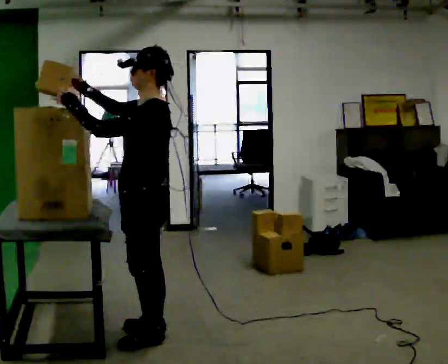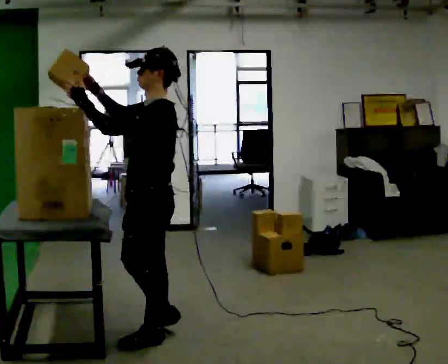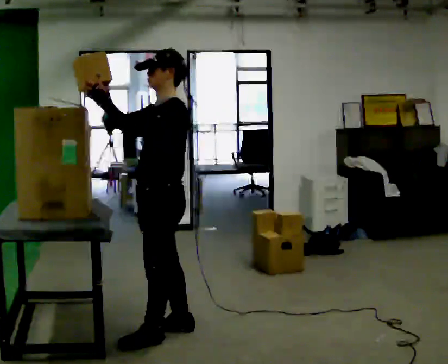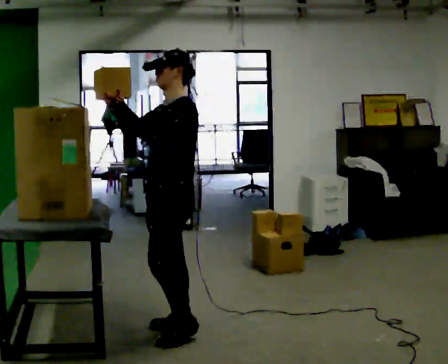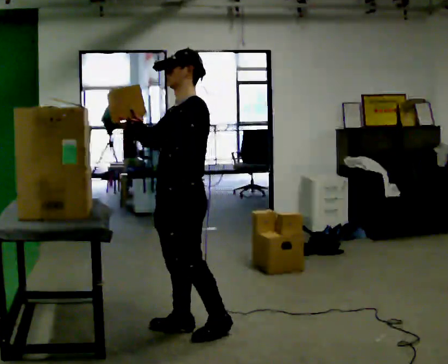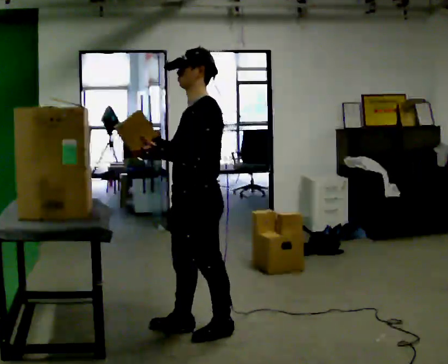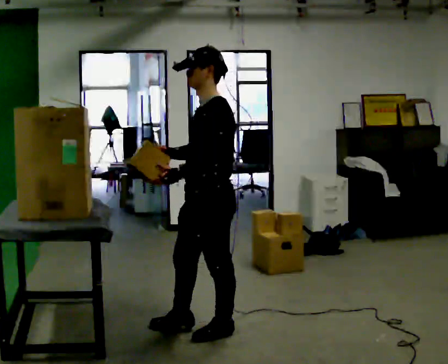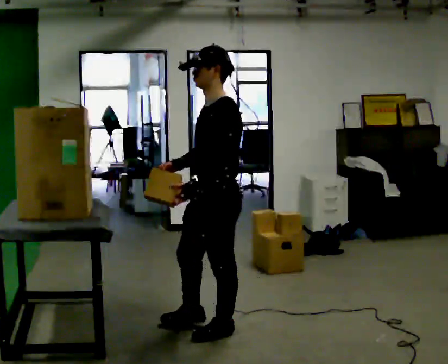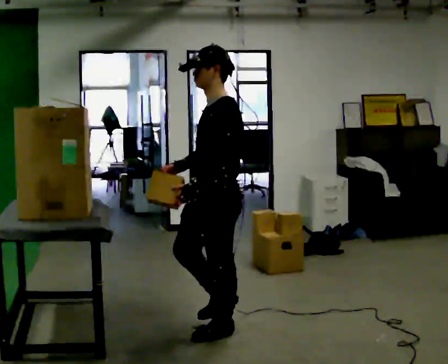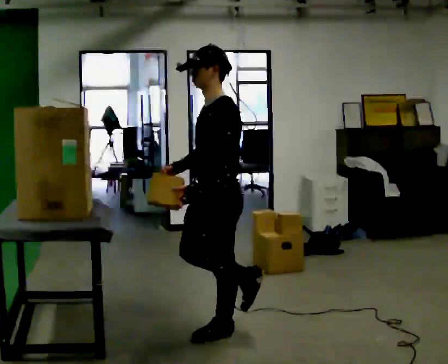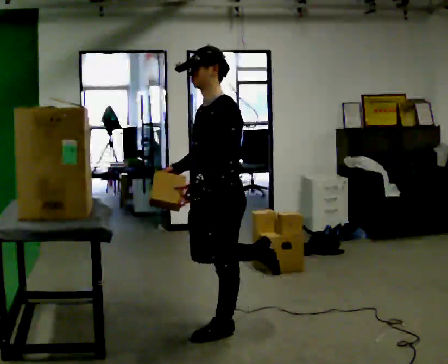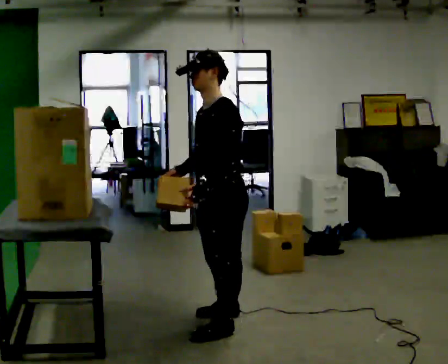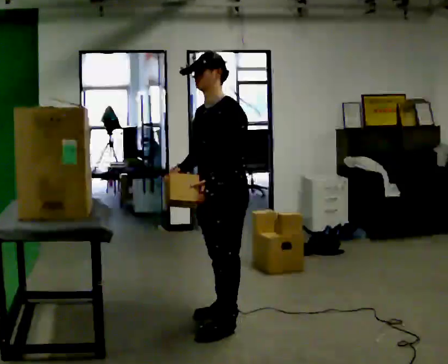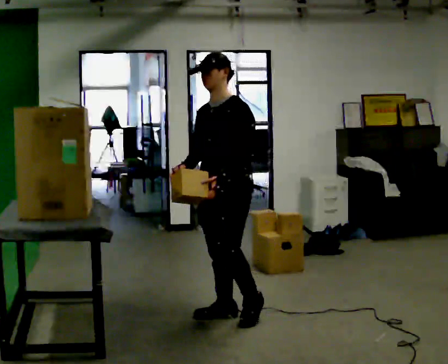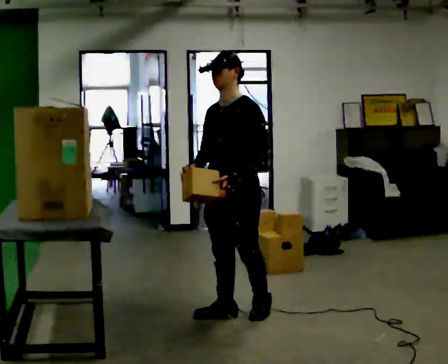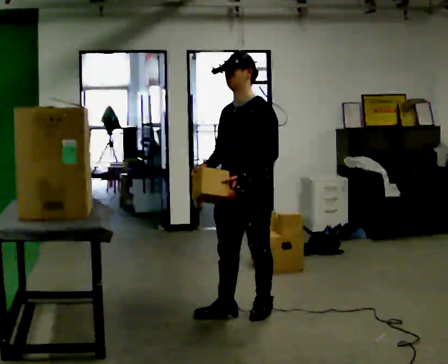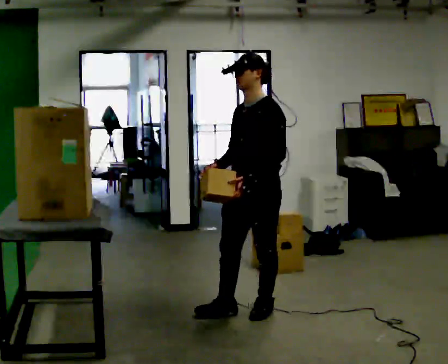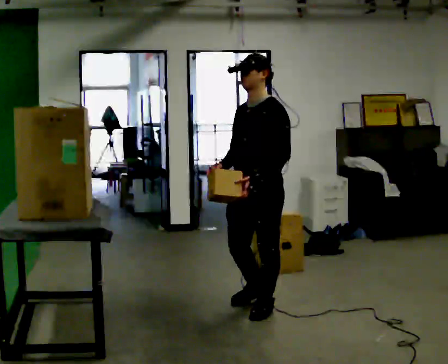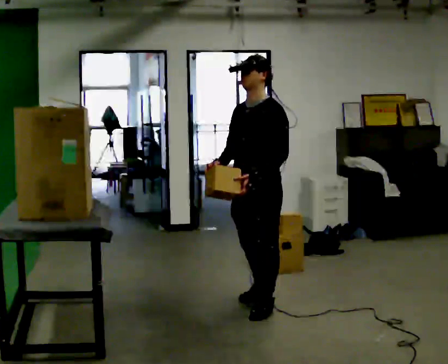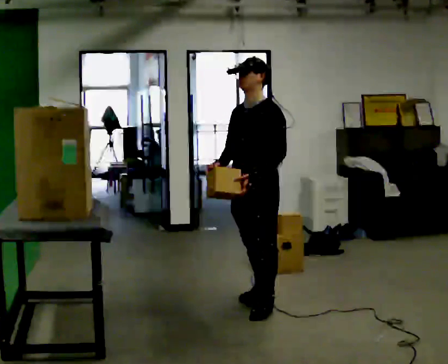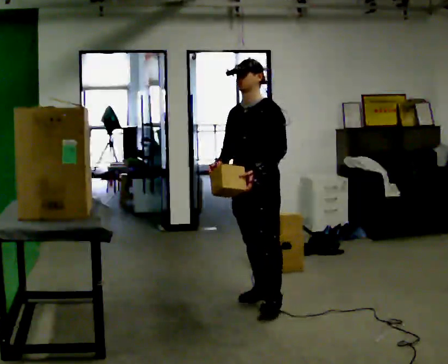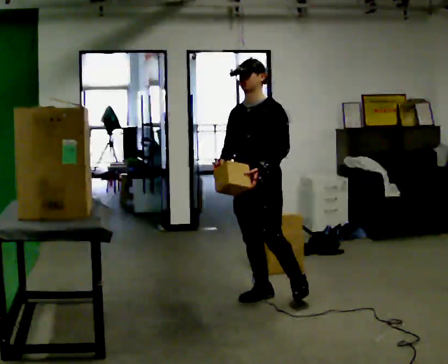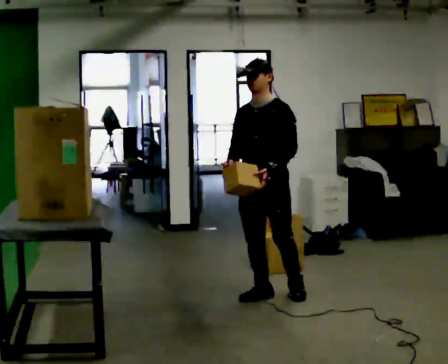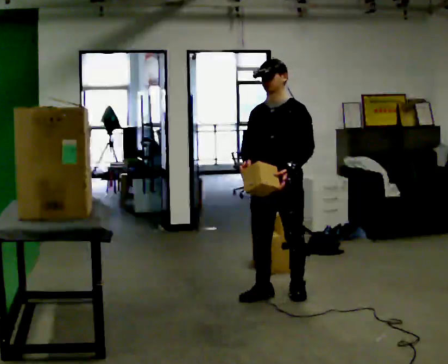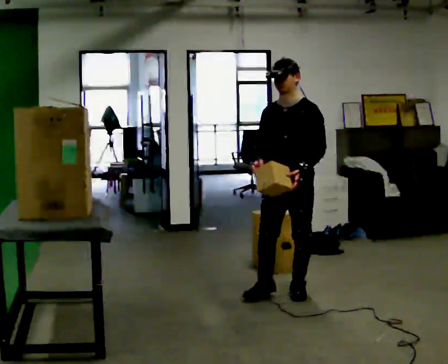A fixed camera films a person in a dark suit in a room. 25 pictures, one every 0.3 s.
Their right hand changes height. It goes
downward.
Their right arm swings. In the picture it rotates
counterclockwise.
0.0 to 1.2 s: In the picture they go to the right, about 0.25 m in 2 steps, which for them is backward. In the picture their right hand goes to the right.
1.2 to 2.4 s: In the picture they go to the right, about 0.25 m in 1 step, which for them is backward. In the picture their left hand goes downward.
2.4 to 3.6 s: In the picture they go away from the camera, about 0.25 m in 1 step, which for them is to their right and backward.
3.6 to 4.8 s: In the picture they go to the right, about 0.25 m in 1 step, which for them is backward.
4.8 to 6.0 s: In the picture they go away from the camera, about 0.25 m in 1 step, which for them is backward and to their right.
6.0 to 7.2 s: In the picture they go to the right, about 0.25 m, which for them is backward and to their left.
The film runs backward here.
